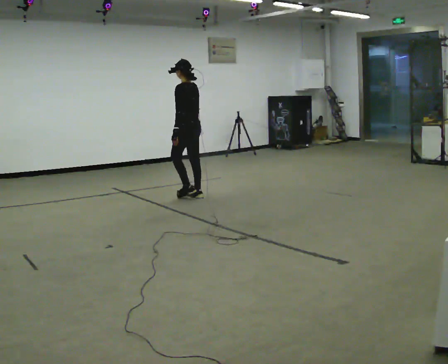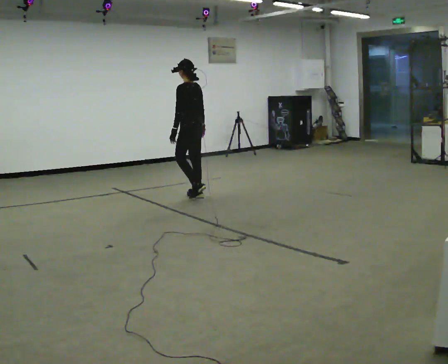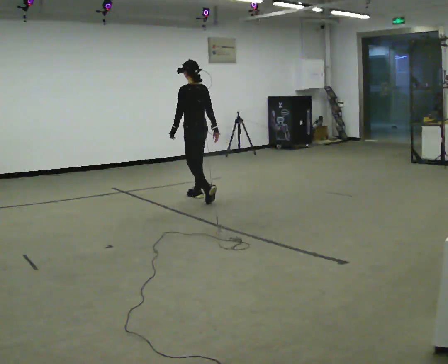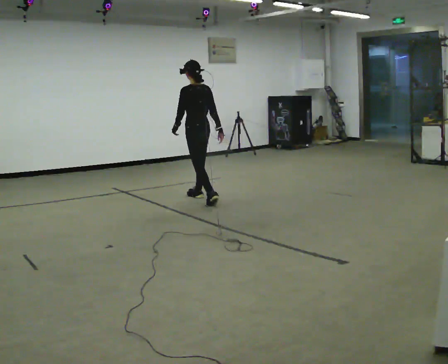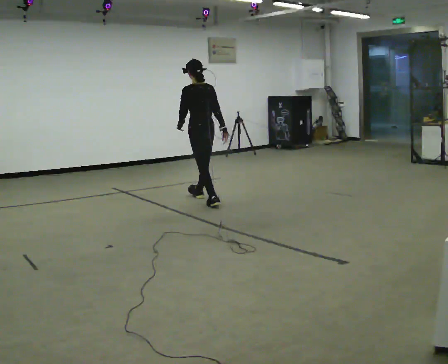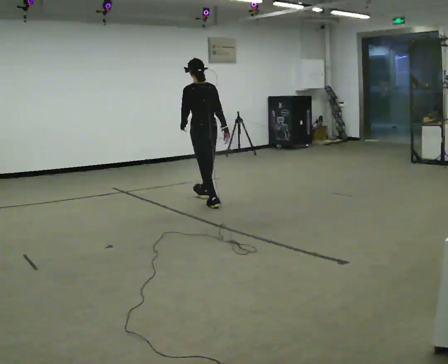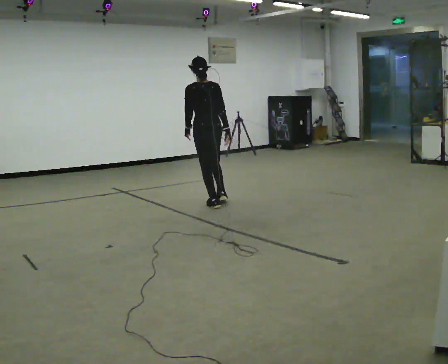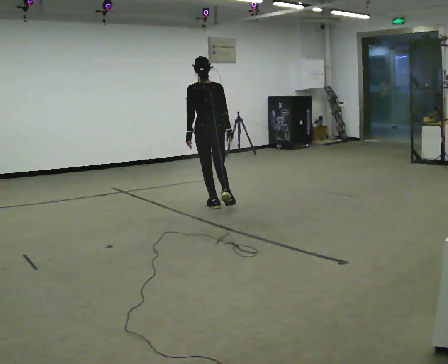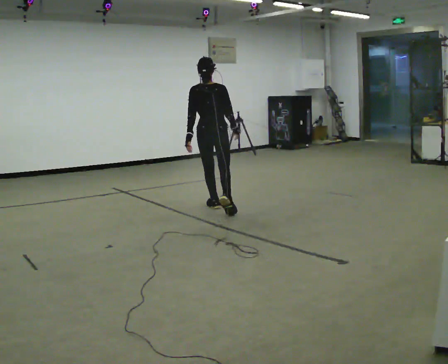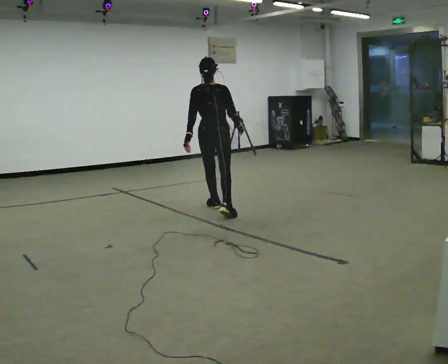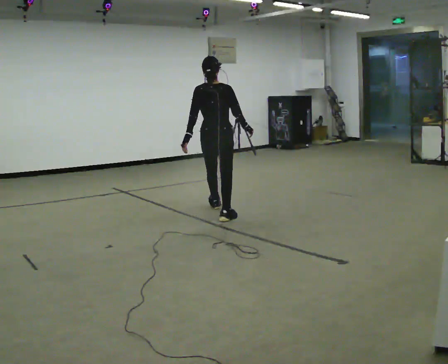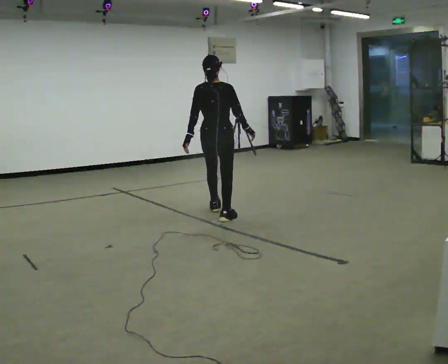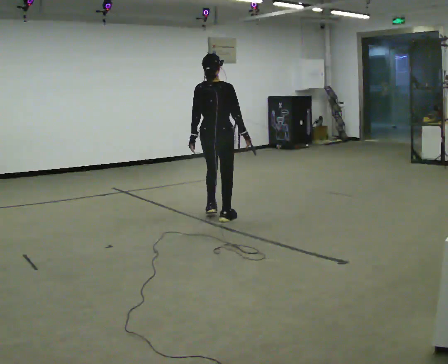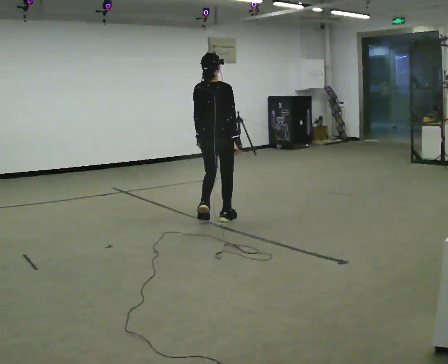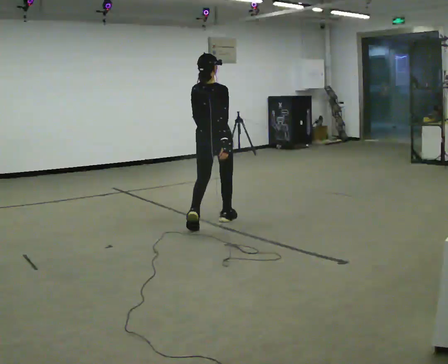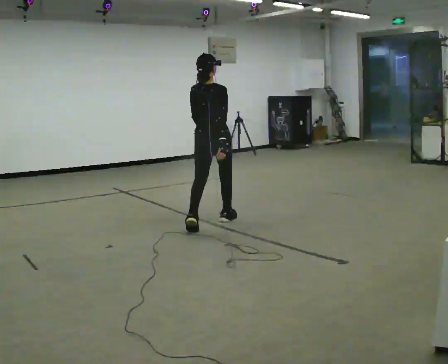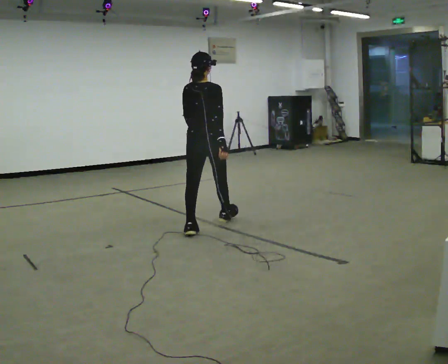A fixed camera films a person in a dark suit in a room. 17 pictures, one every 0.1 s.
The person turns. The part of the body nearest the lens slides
to the left.
The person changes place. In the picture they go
toward the camera.
0.0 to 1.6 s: The person turns about 75 degrees to their right, clockwise seen from above, so the part of the body nearest the lens slides to the left. In the picture they go toward the camera, about 1.5 m in 3 steps.
The film runs backward here.
